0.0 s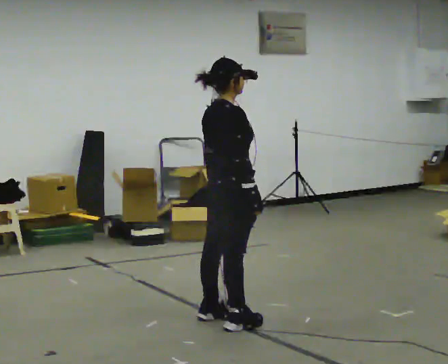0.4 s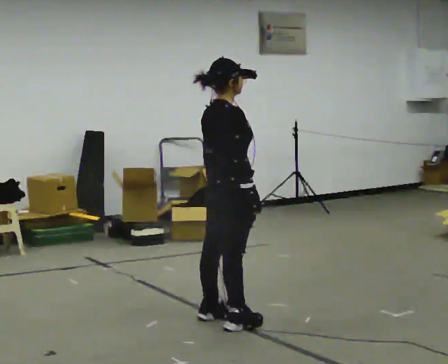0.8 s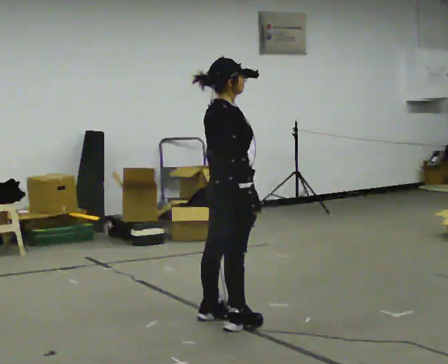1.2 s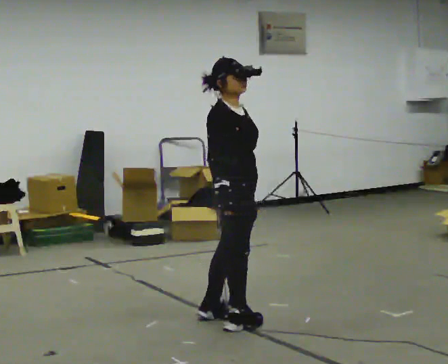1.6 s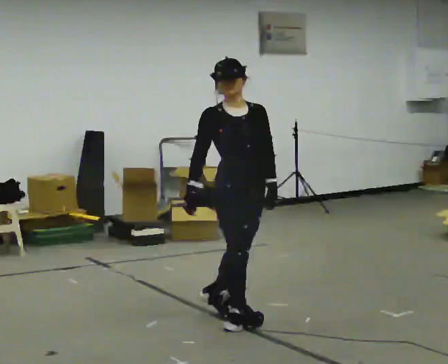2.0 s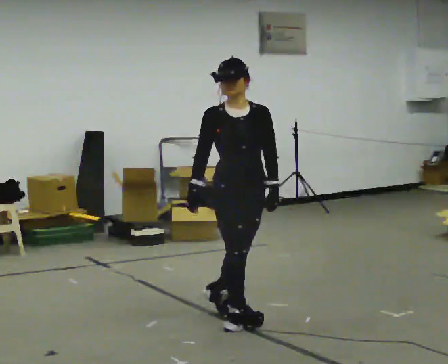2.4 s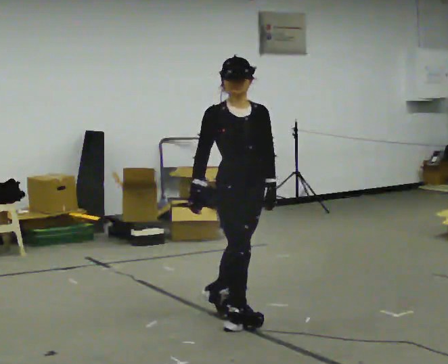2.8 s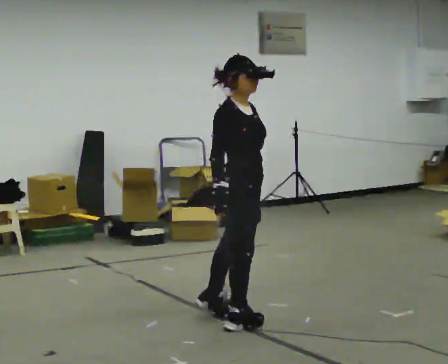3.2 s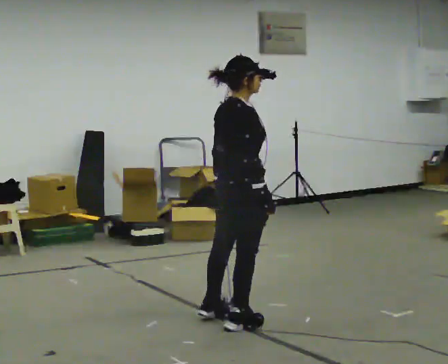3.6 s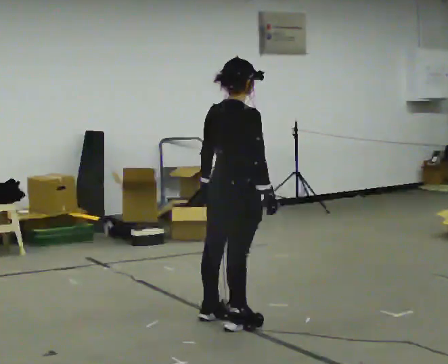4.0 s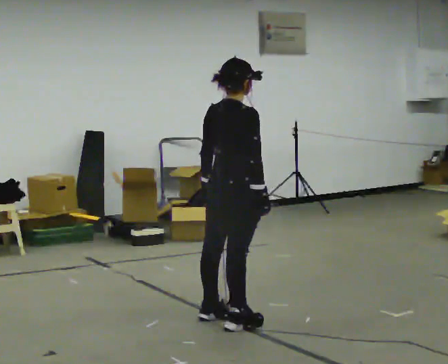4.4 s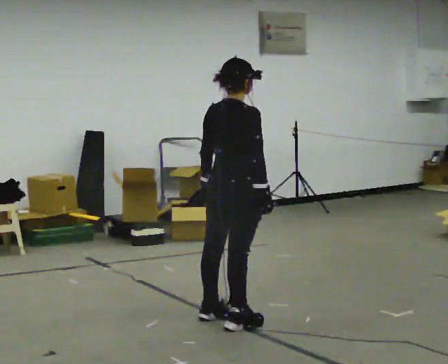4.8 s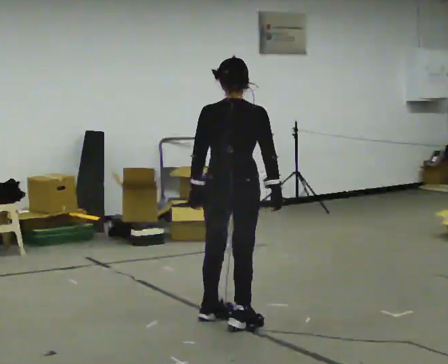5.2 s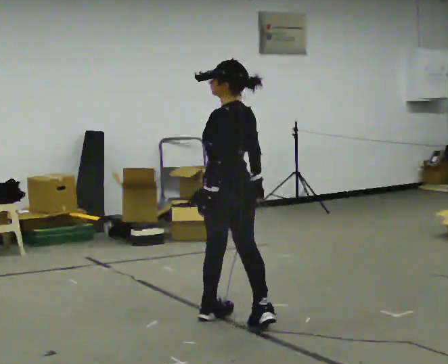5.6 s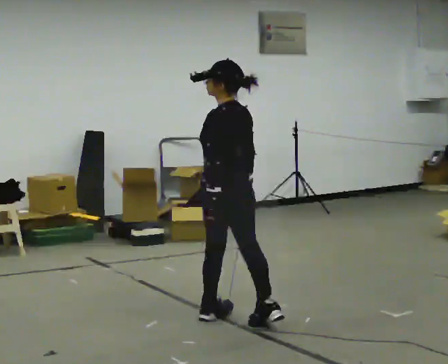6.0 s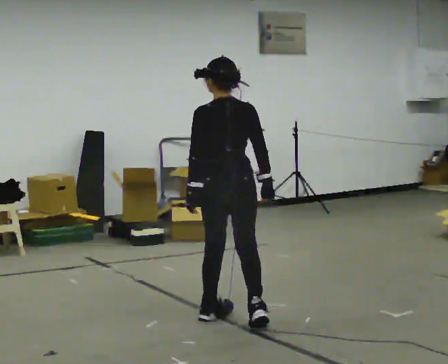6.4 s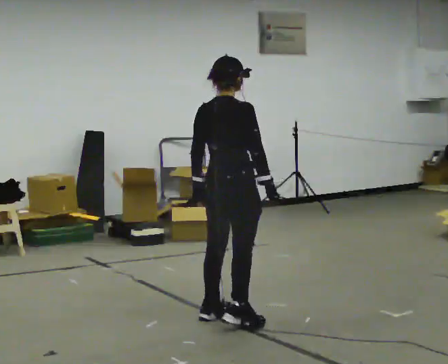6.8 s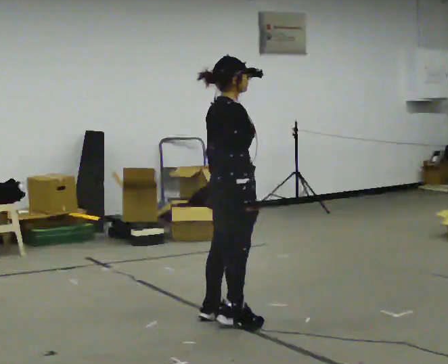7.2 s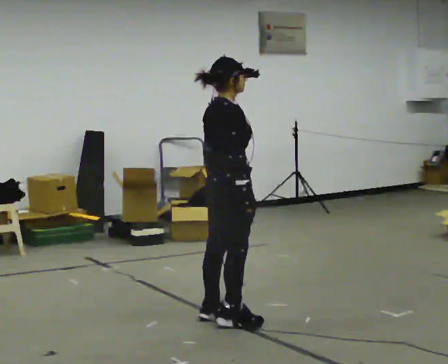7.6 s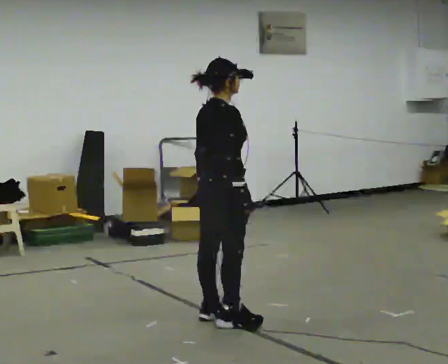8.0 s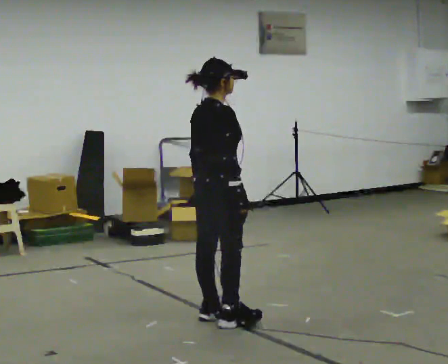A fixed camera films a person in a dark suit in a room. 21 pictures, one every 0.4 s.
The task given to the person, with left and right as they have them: Keeping your feet still, turn your upper body to look behind you on one side, return to the front, then turn to the other side. Repeat the movement at your own pace until the operator says stop; do not rush.
0.0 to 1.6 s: The part of the body nearest the lens slides to the left as the person turns to their right by about 90 degrees. In the picture their right hand goes to the left, the arm swinging clockwise.
1.6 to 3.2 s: Seen from above the body turns counterclockwise, about 90 degrees: to their left, with its near side sliding to the right. In the picture their right hand goes to the right, the arm swinging counterclockwise.
3.2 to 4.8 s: The person turns about 60 degrees to their left, counterclockwise seen from above, so the part of the body nearest the lens slides to the right.
4.8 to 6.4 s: Seen from above the body turns clockwise, about 45 degrees: to their right, with its near side sliding to the left.
6.4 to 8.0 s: The person moves a little, or ends about where they began.
The film runs forward here.
